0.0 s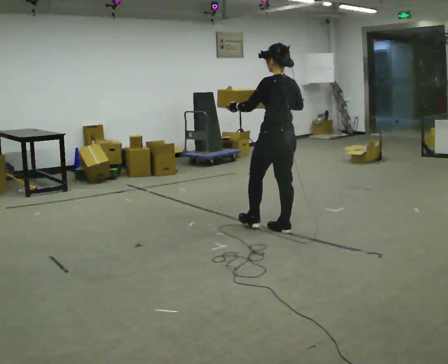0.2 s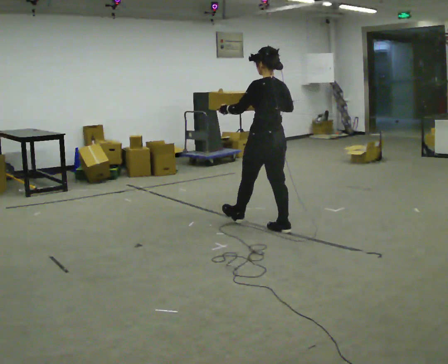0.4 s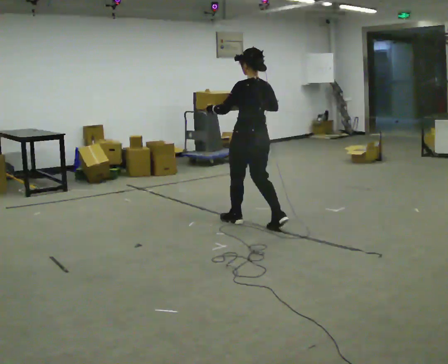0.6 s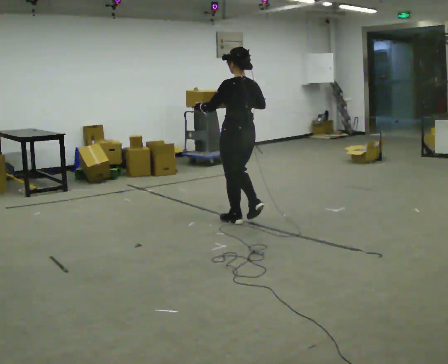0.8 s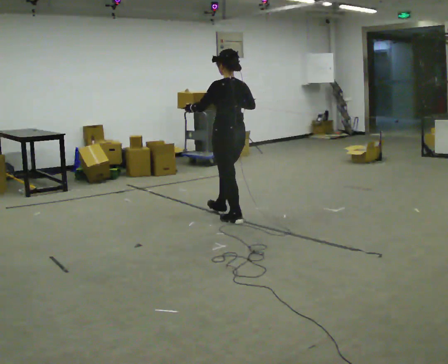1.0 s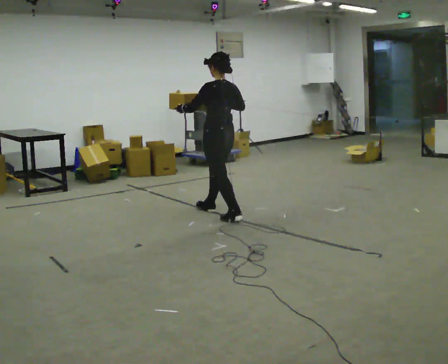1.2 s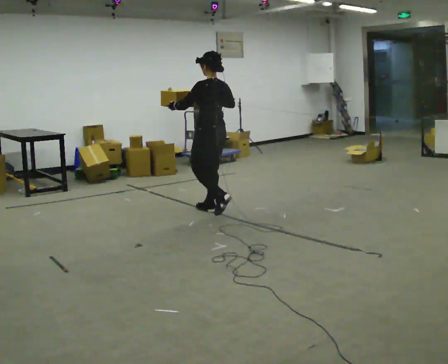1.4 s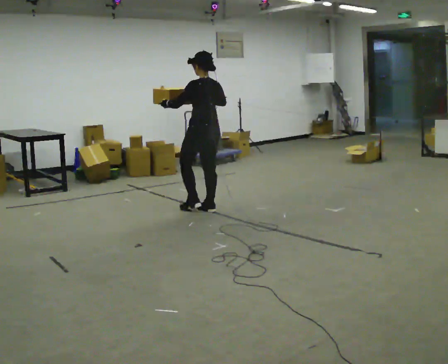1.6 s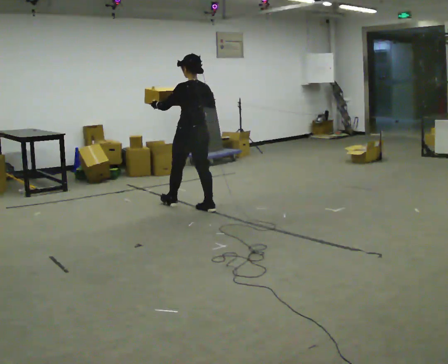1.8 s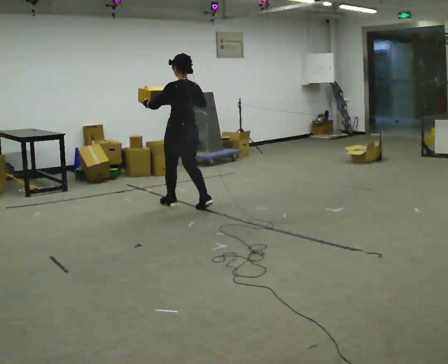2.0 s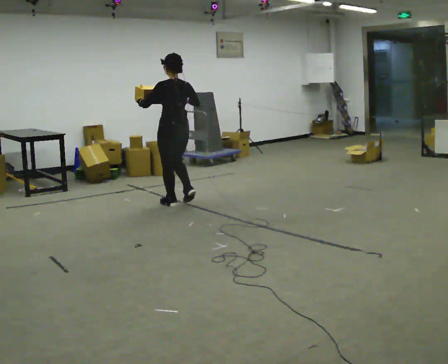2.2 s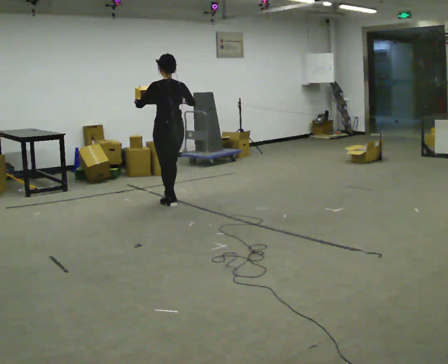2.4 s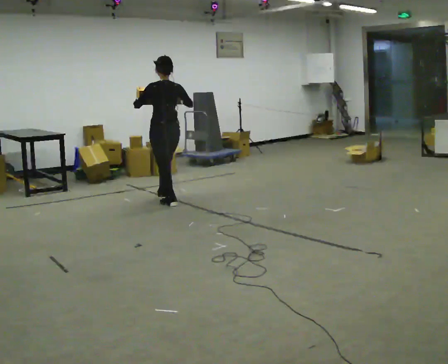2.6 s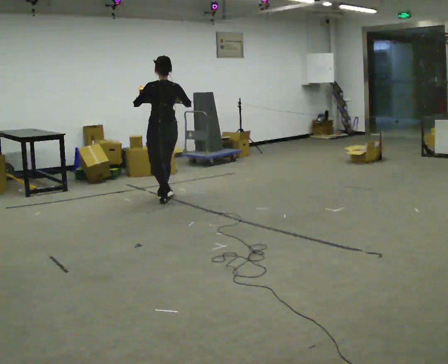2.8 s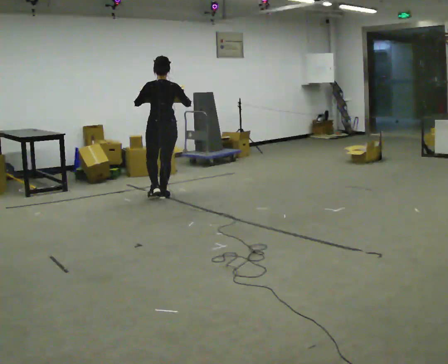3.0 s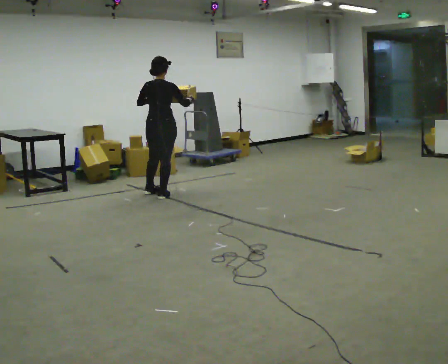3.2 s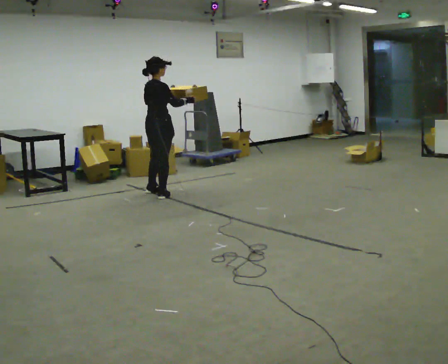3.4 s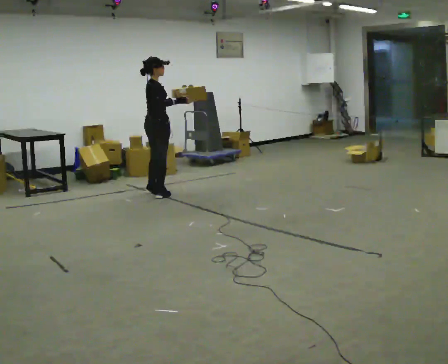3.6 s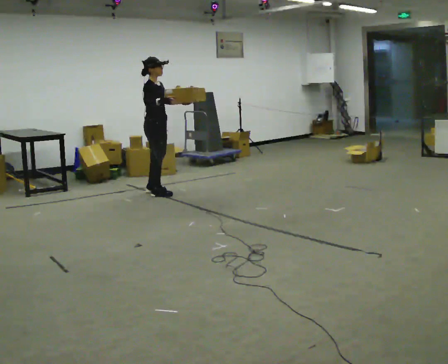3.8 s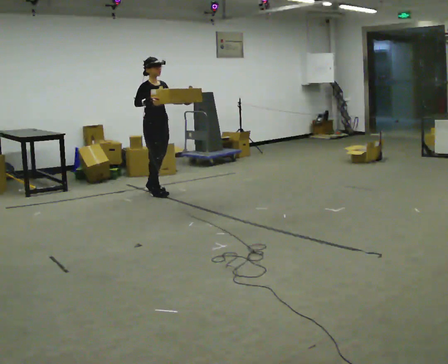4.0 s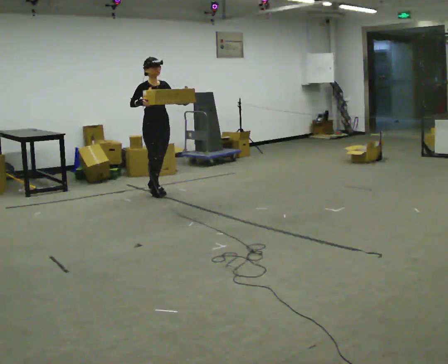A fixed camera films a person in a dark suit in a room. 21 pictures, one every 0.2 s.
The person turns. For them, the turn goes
to their right.
The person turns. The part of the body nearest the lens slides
to the left.
0.0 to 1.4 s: In the picture they go away from the camera and to the left, about 1 m in 2 steps, which for them is forward.
1.4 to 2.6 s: In the picture they go away from the camera and to the left, about 0.5 m in 2 steps, which for them is forward.
2.6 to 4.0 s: The person turns about 165 degrees to their right, clockwise seen from above, so the part of the body nearest the lens slides to the left. In the picture they go away from the camera, about 0.5 m in 3 steps.
The film runs forward here.
